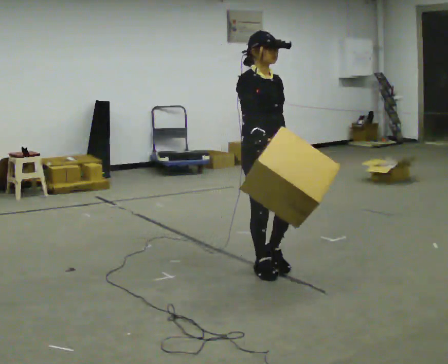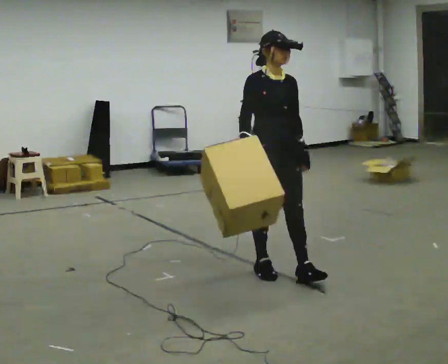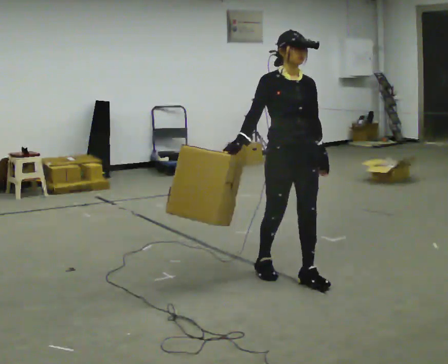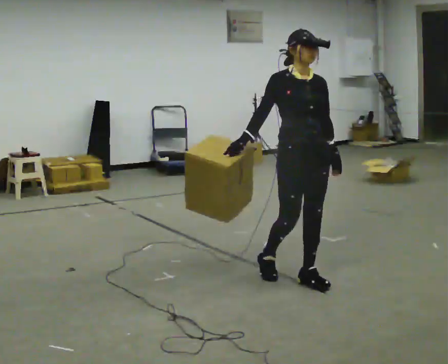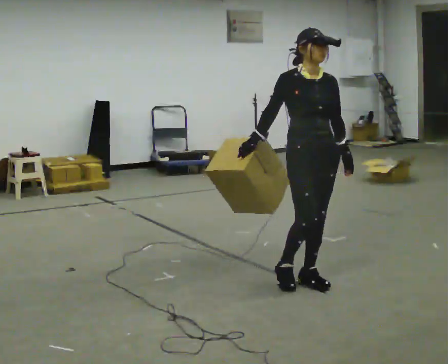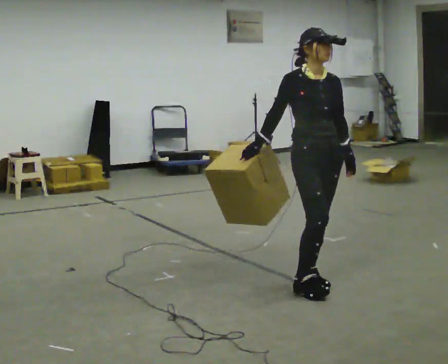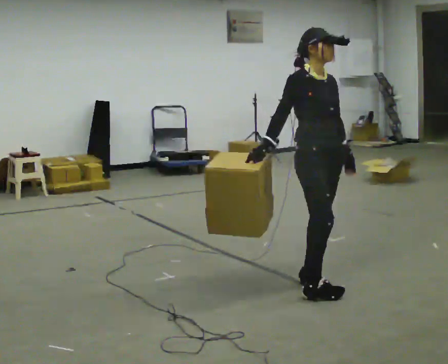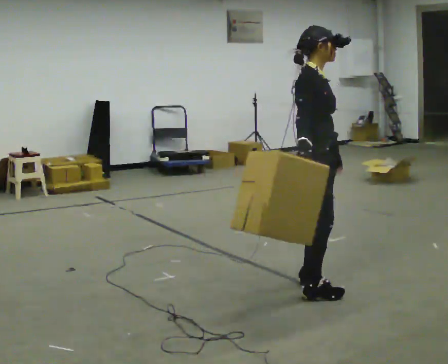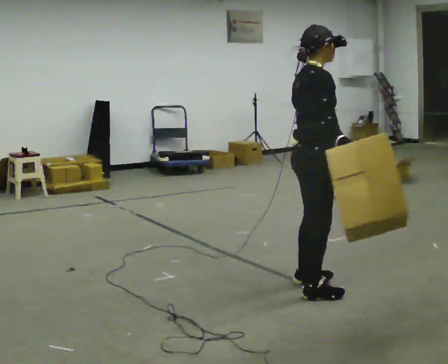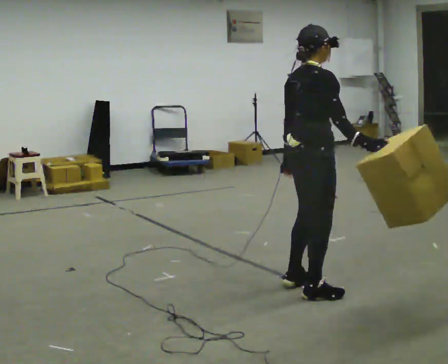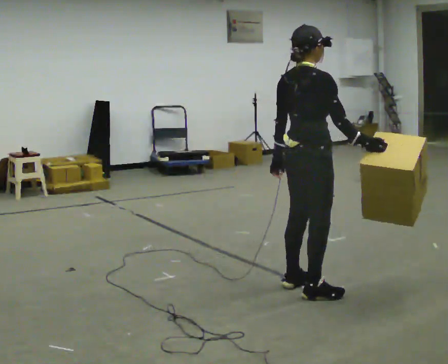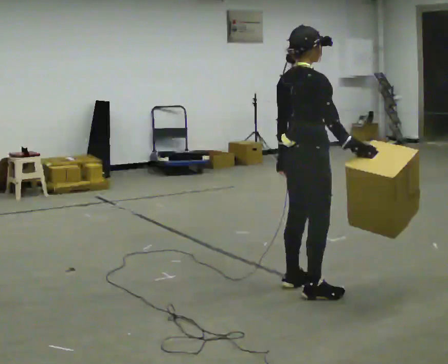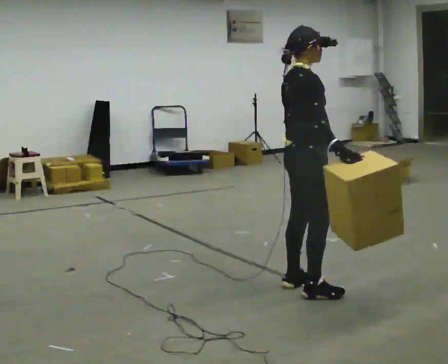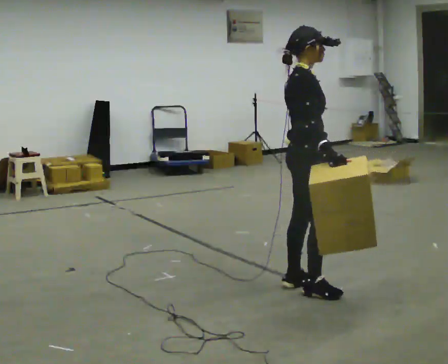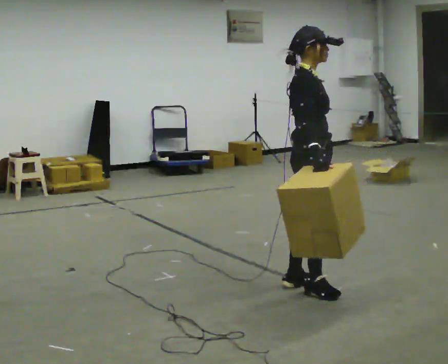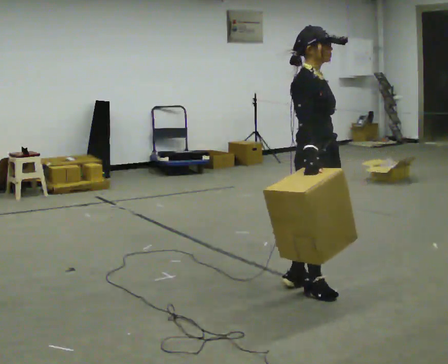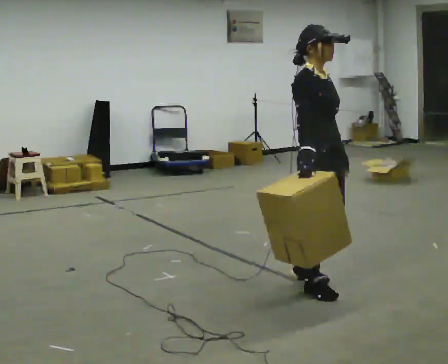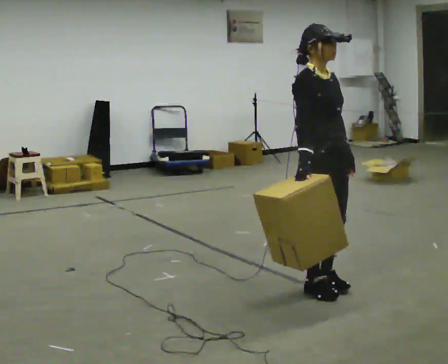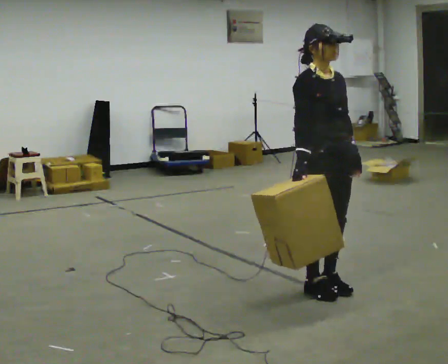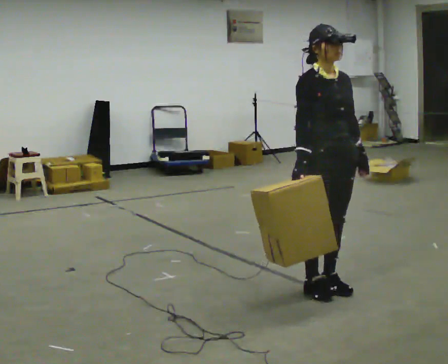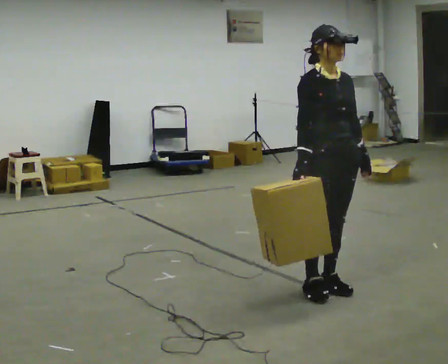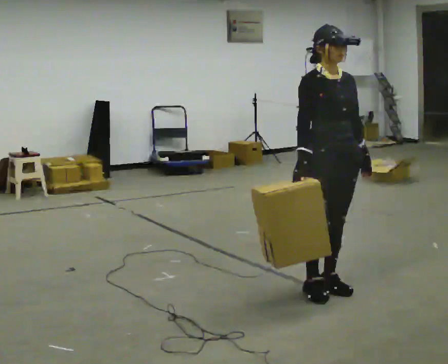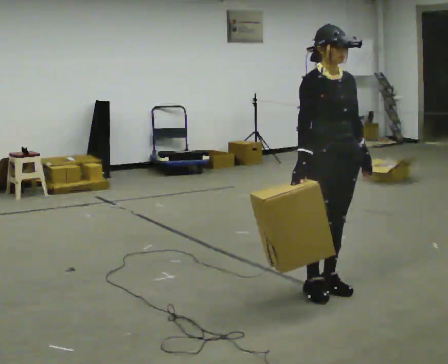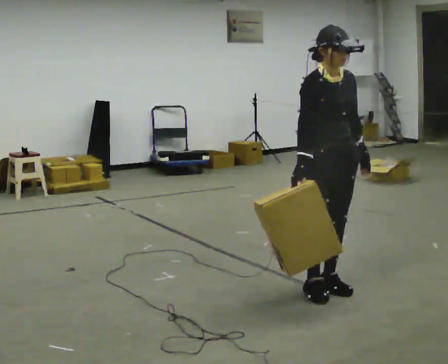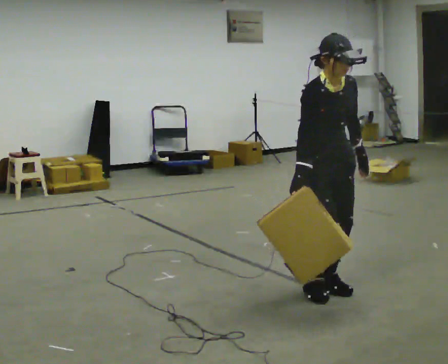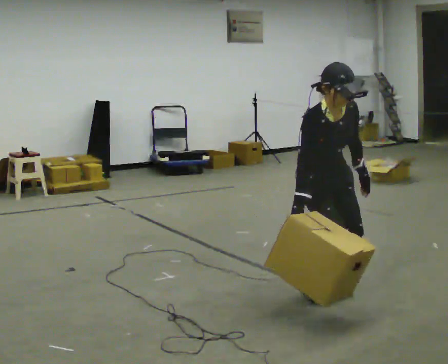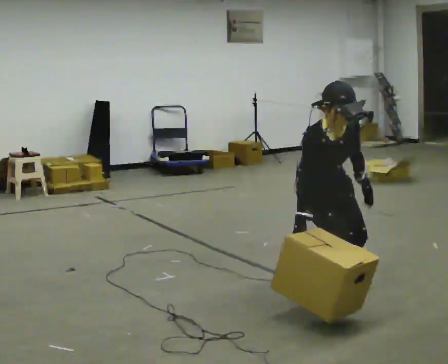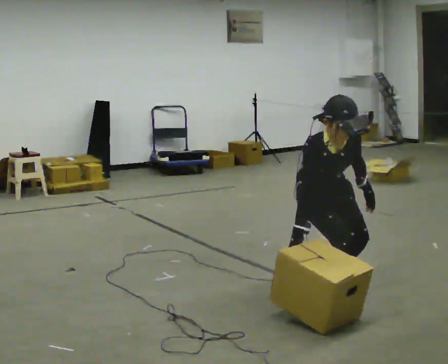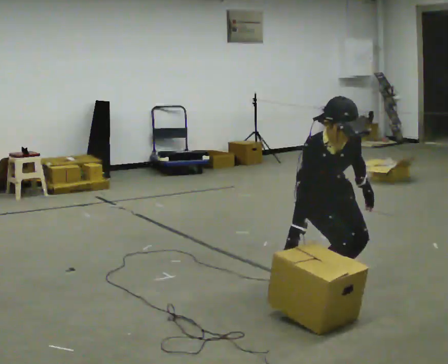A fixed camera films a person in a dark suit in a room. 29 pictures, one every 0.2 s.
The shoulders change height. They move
downward.
Their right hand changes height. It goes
downward.
0.0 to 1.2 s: In the picture they go to the right and toward the camera, about 0.5 m in 2 steps, which for them is forward.
1.2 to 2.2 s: Seen from above the body turns counterclockwise, about 60 degrees: to their left, with its near side sliding to the right. In the picture their right hand goes to the right, the arm swinging counterclockwise.
2.2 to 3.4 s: The part of the body nearest the lens slides to the left as the person turns to their right by about 75 degrees.
3.4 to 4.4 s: The person moves a little, or ends about where they began.
4.4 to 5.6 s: The shoulders move downward. The upper body tips toward the camera, its near side rolling downward, as they bend forward.
The film runs forward here.
